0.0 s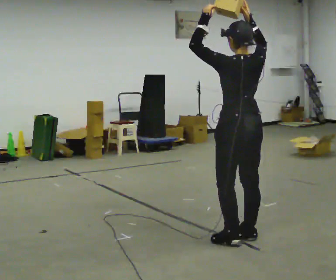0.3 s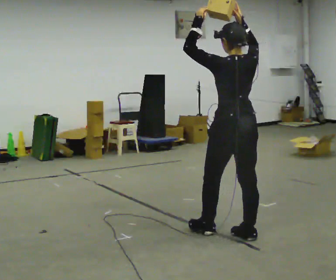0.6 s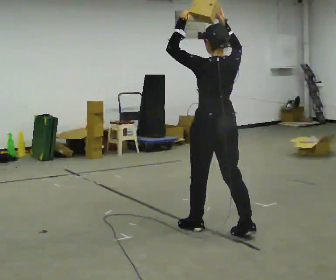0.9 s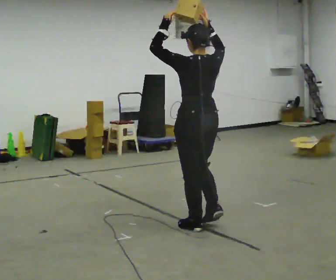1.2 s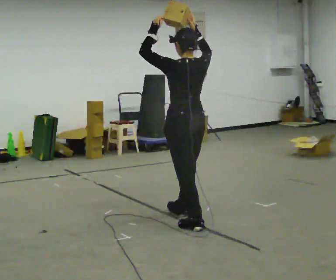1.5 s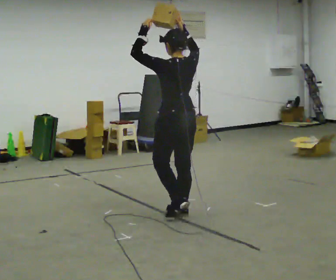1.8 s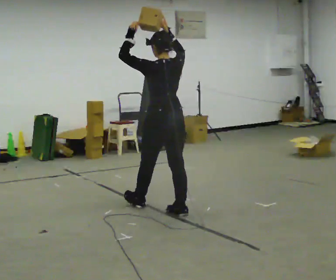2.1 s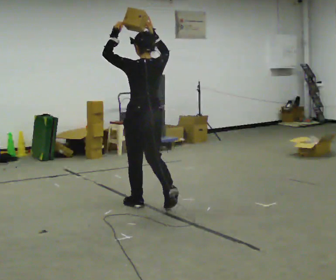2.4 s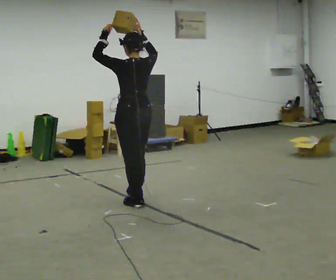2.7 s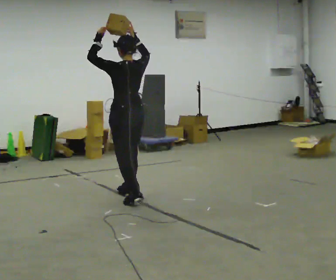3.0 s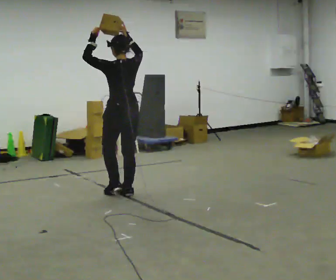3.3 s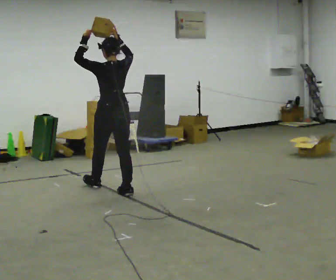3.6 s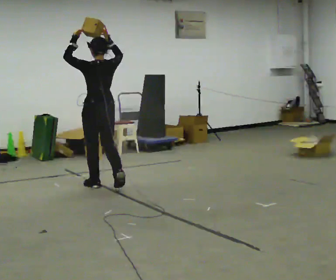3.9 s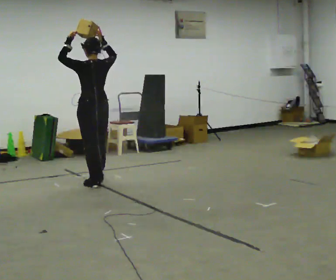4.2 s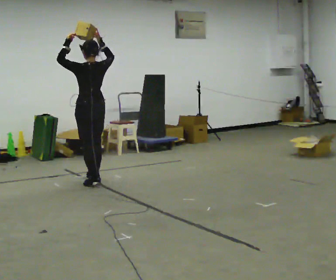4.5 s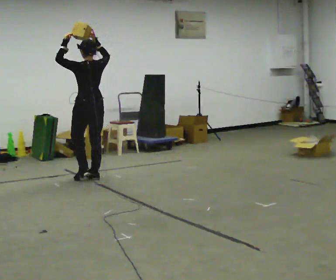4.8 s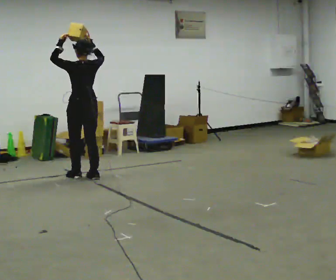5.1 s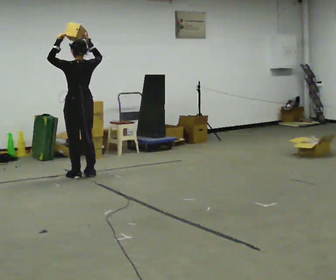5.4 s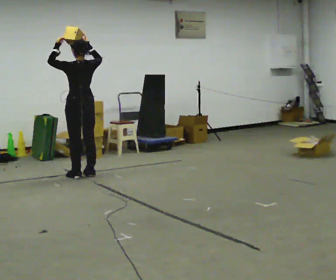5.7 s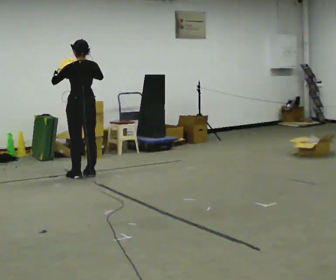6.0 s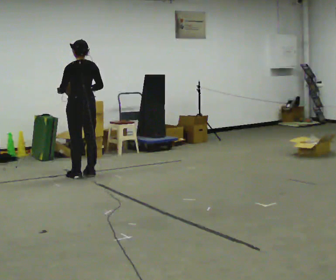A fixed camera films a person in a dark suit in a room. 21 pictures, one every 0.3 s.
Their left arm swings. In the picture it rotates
counterclockwise.
The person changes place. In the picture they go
away from the camera.
0.0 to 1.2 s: In the picture they go away from the camera and to the left, about 0.5 m in 2 steps, which for them is forward.
1.2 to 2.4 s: In the picture they go away from the camera and to the left, about 1 m in 1 step, which for them is forward.
2.4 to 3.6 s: In the picture they go away from the camera and to the left, about 0.5 m in 2 steps, which for them is forward.
3.6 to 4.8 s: In the picture they go away from the camera and to the left, about 0.5 m in 2 steps, which for them is forward.
4.8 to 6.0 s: In the picture their left hand goes downward, the arm swinging counterclockwise.
The film runs forward here.
